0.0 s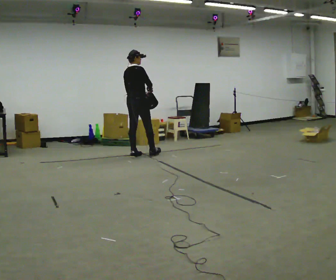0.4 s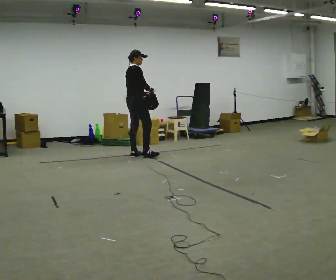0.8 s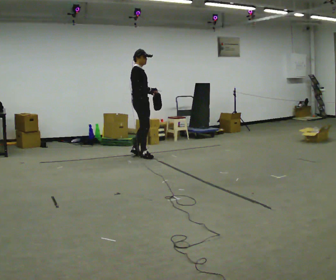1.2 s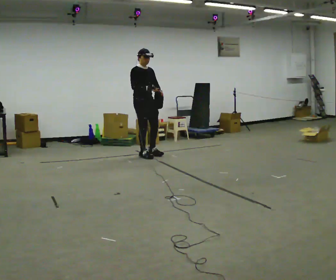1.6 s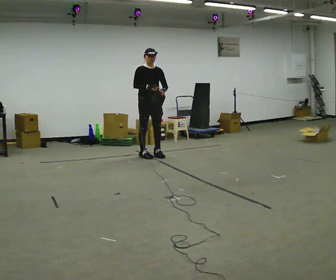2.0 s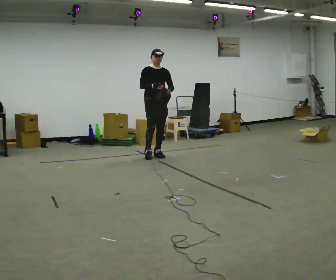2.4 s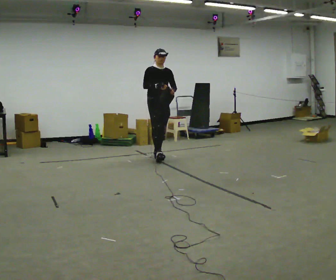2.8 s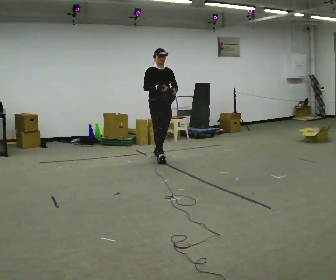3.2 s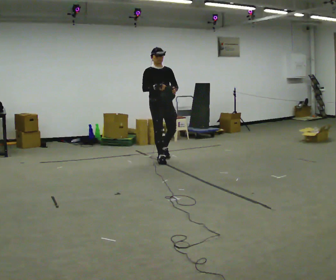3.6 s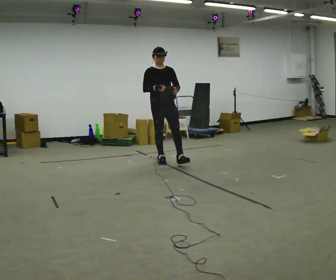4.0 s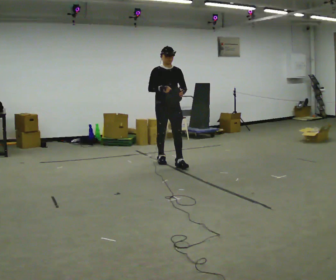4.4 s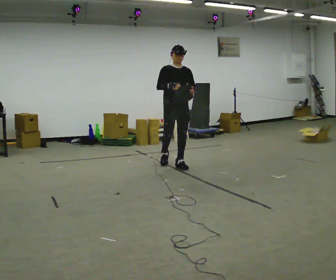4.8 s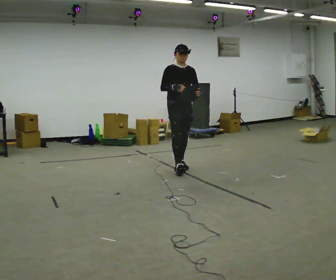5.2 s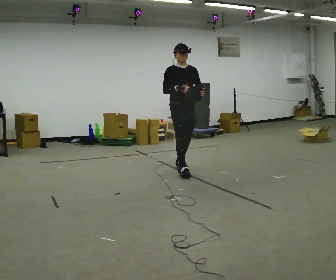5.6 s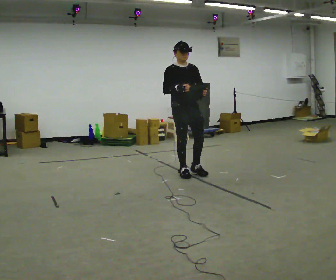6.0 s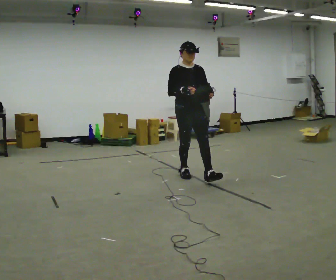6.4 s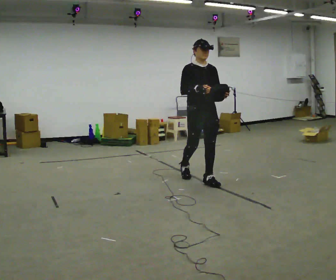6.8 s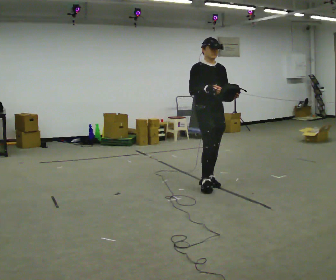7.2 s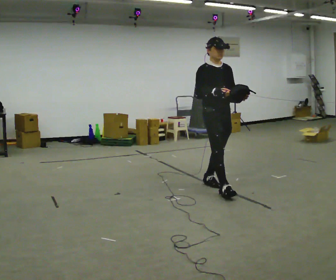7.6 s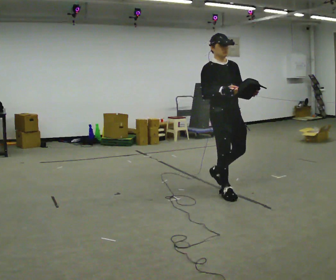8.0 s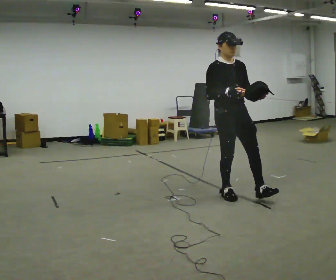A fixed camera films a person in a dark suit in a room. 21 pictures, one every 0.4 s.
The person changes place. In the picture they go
toward the camera.
0.0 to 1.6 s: The part of the body nearest the lens slides to the left as the person turns to their right by about 105 degrees. In the picture they go to the right, about 0.25 m in 2 steps.
1.6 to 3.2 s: In the picture they go toward the camera and to the right, about 0.5 m in 1 step, which for them is forward.
3.2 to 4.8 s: In the picture they go toward the camera and to the right, about 0.5 m in 1 step, which for them is forward.
4.8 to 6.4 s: In the picture they go toward the camera and to the right, about 1 m in 2 steps, which for them is forward.
6.4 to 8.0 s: In the picture they go toward the camera and to the right, about 0.5 m in 1 step, which for them is forward.
The film runs forward here.
